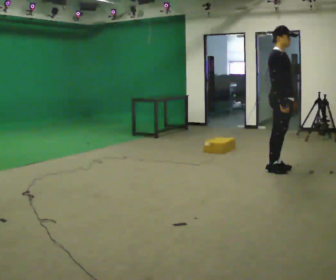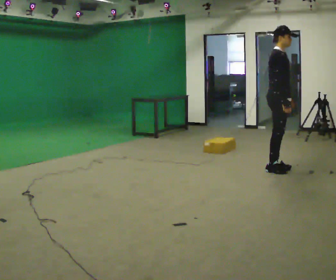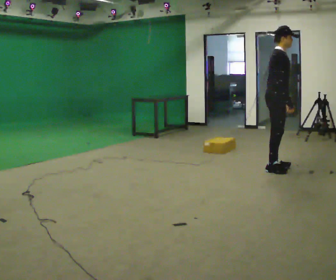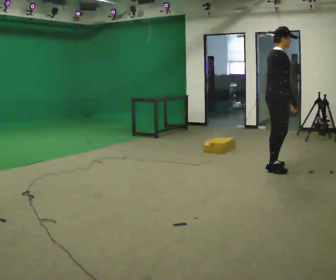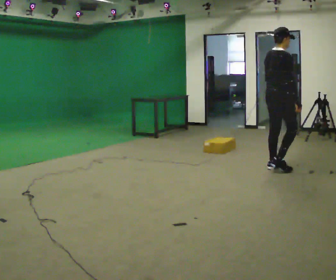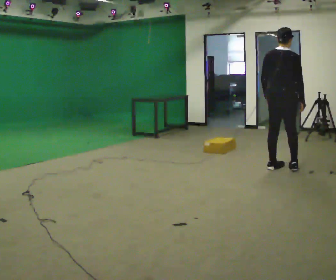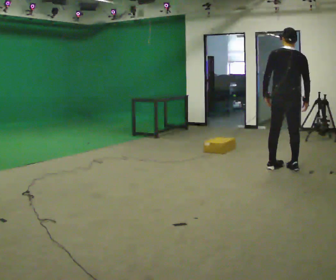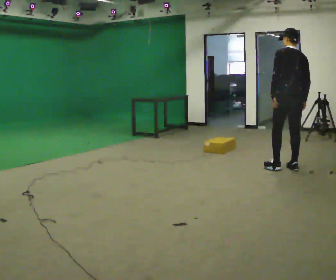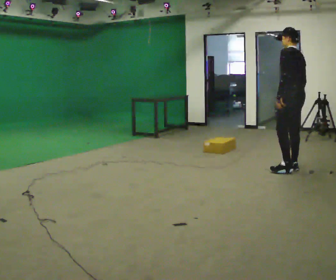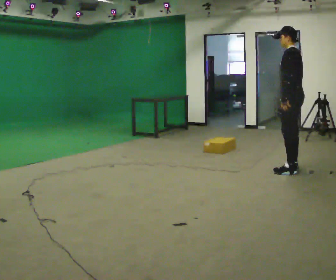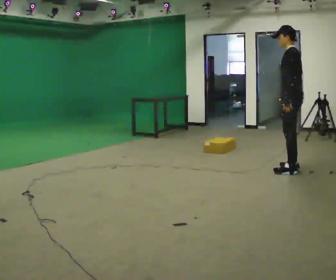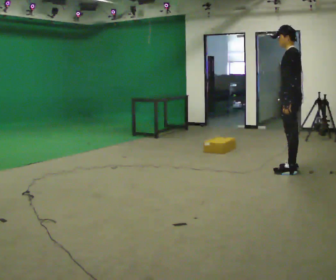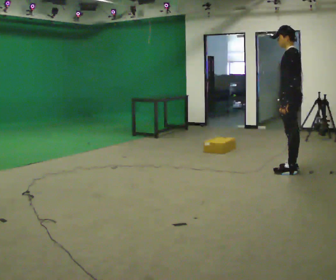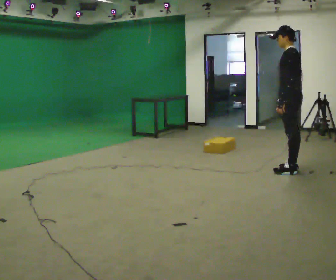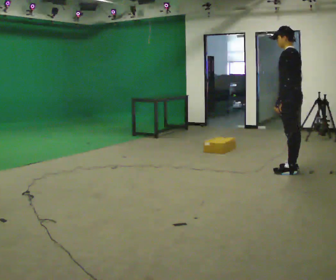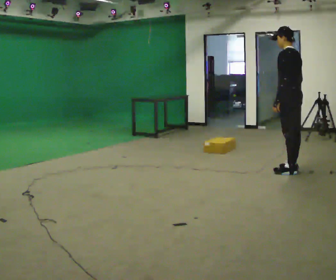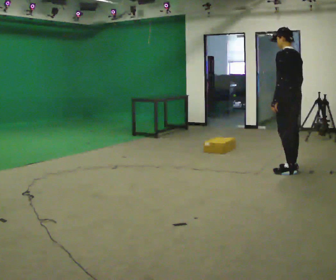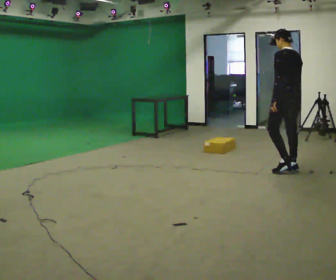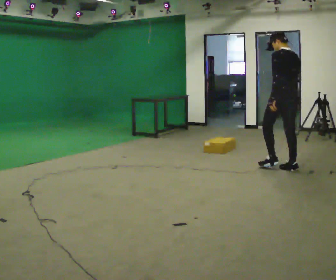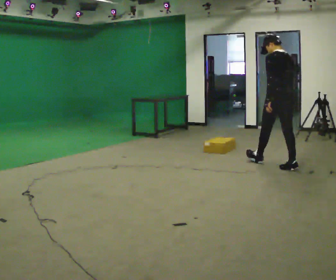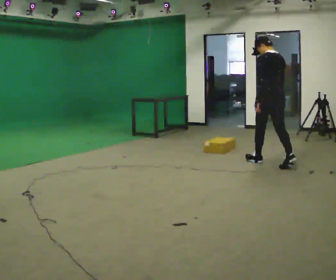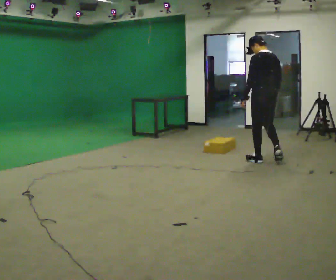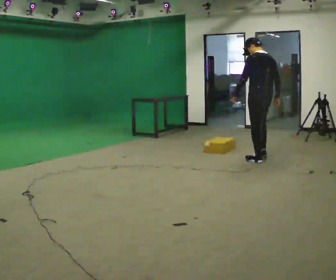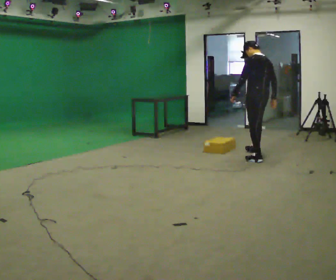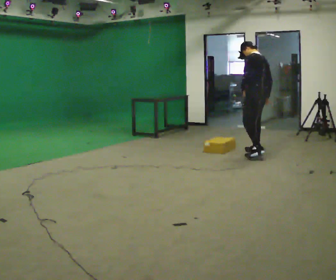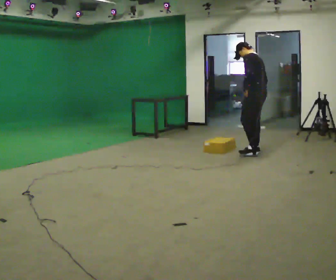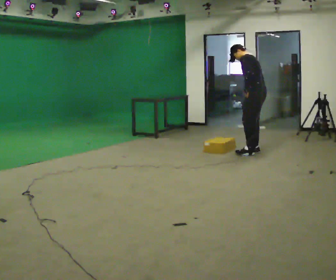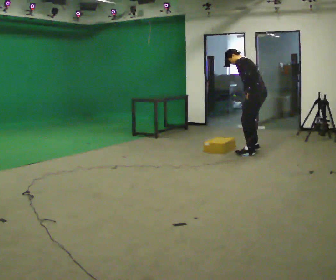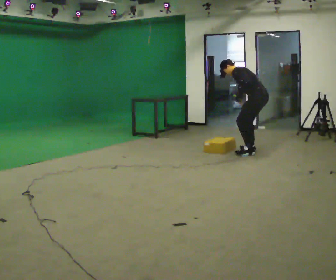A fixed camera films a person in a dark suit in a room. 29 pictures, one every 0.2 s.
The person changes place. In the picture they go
away from the camera.
0.0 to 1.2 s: Seen from above the body turns counterclockwise, about 120 degrees: to their left, with its near side sliding to the right.
1.2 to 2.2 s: Seen from above the body turns counterclockwise, about 75 degrees: to their left, with its near side sliding to the right.
2.2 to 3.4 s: The person turns about 30 degrees to their right, clockwise seen from above, so the part of the body nearest the lens slides to the left.
3.4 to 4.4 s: In the picture they go away from the camera and to the left, about 0.5 m in 1 step, which for them is forward.
4.4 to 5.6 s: The person turns about 30 degrees to their left, counterclockwise seen from above, so the part of the body nearest the lens slides to the right. In the picture they go away from the camera, about 0.5 m in 2 steps, which for them is to their right and forward. The shoulders move downward. In the picture the upper body tilts counterclockwise, shoulders to the left, as they bend forward.
The film runs forward here.
